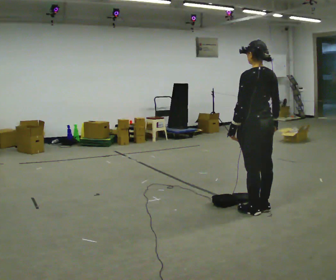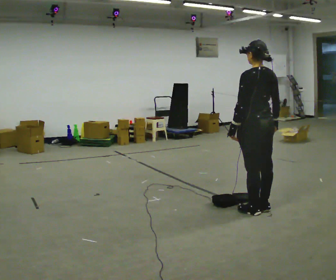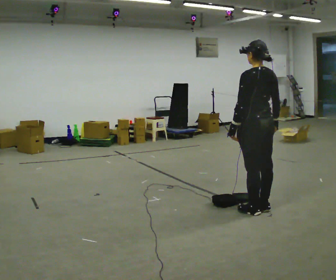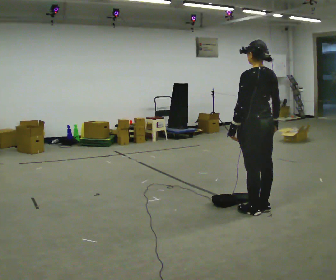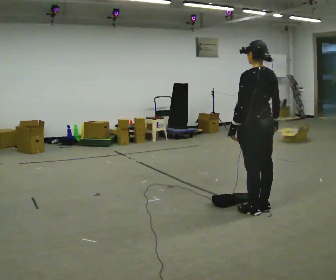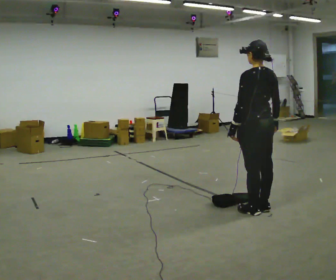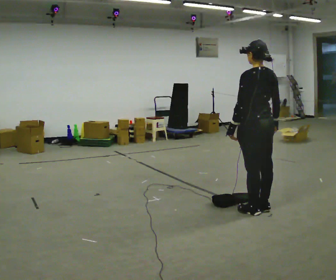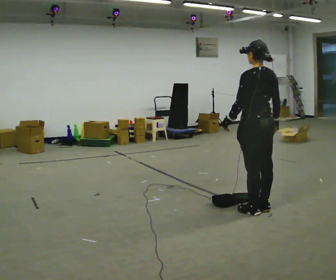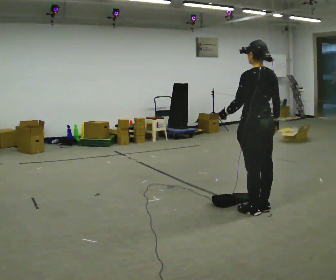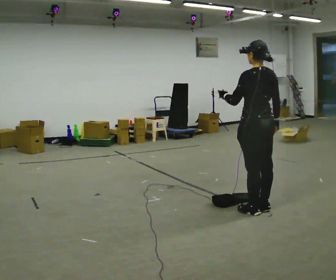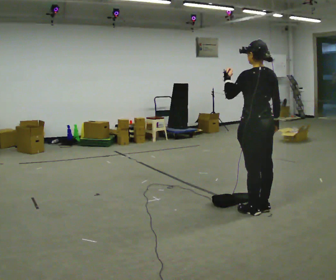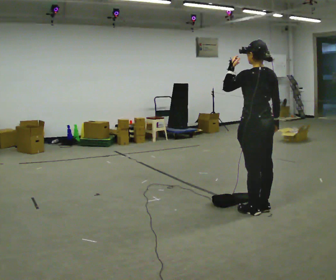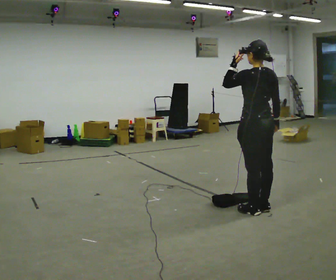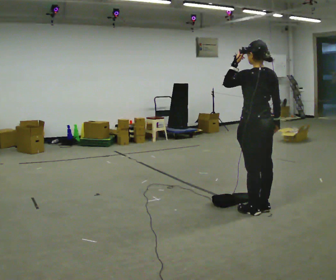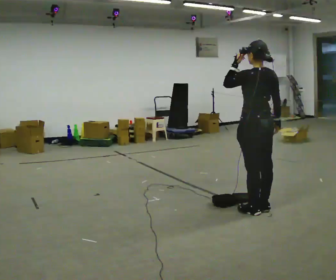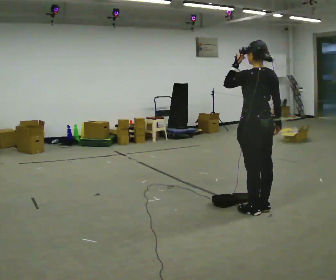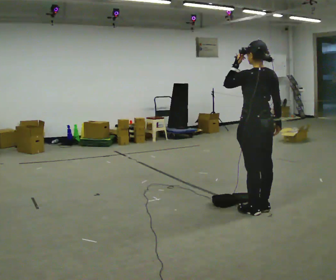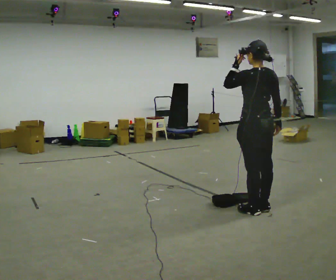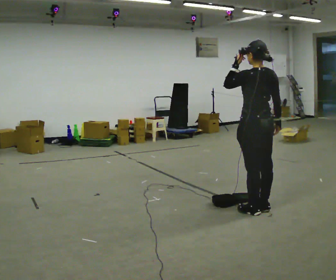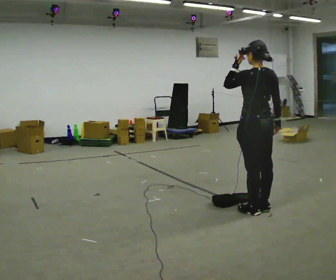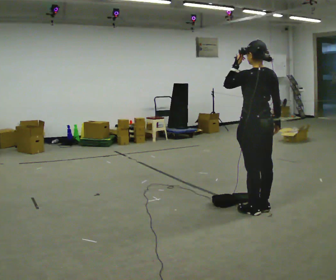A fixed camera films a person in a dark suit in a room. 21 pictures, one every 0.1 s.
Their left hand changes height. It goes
upward.
0.0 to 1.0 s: In the picture their left hand goes upward.
1.0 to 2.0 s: The person moves a little, or ends about where they began.
The film runs forward here.
